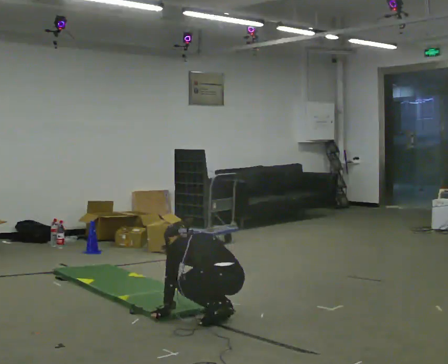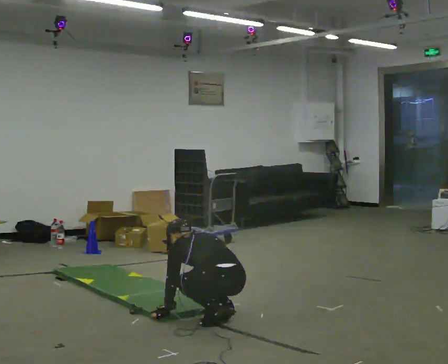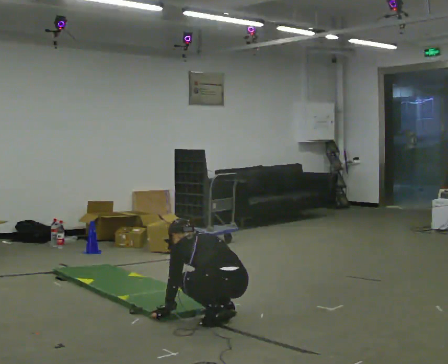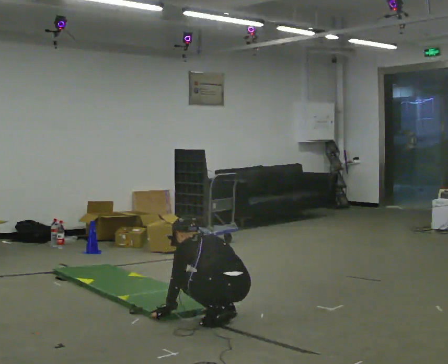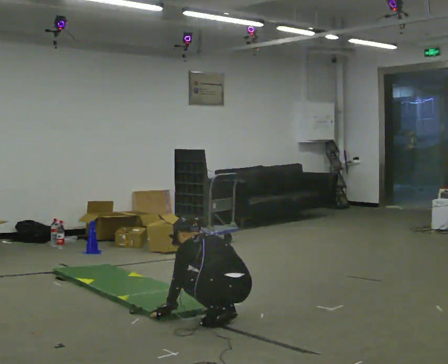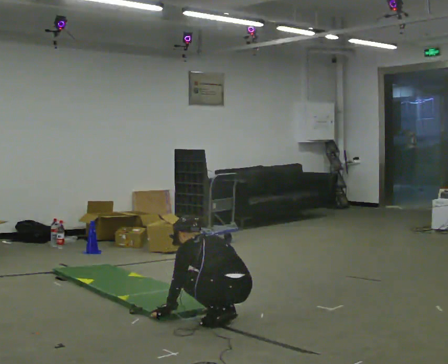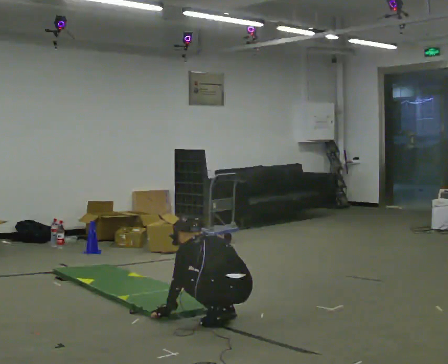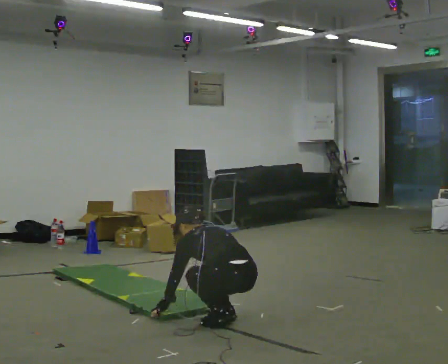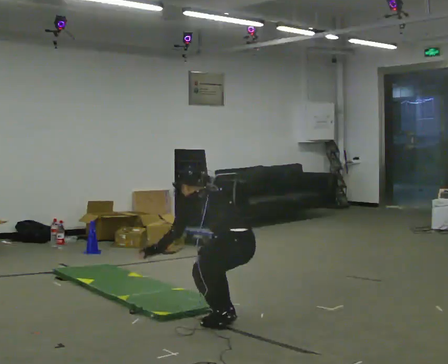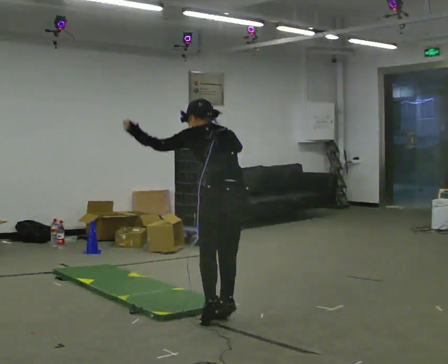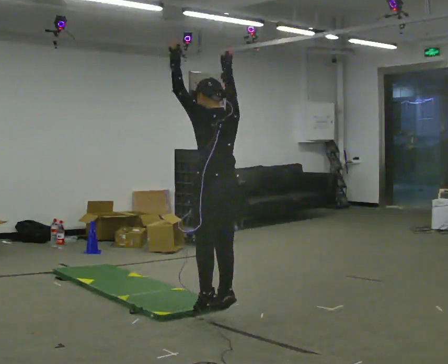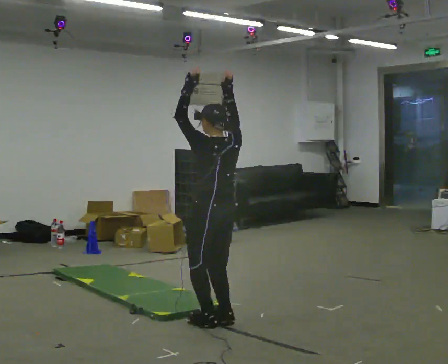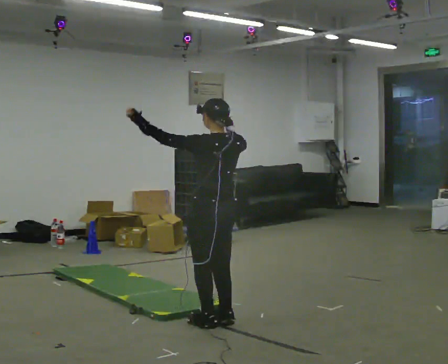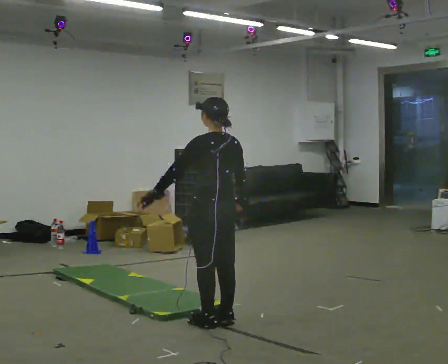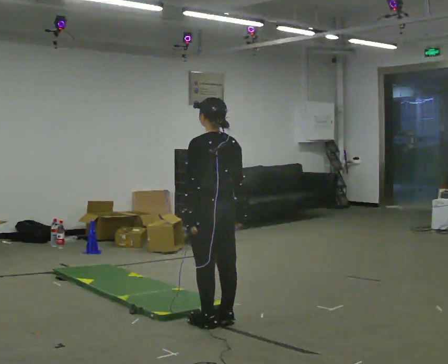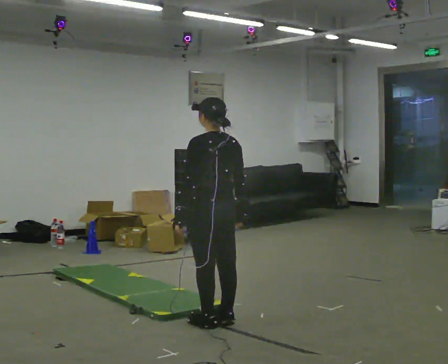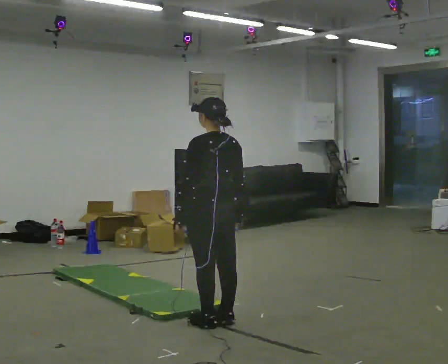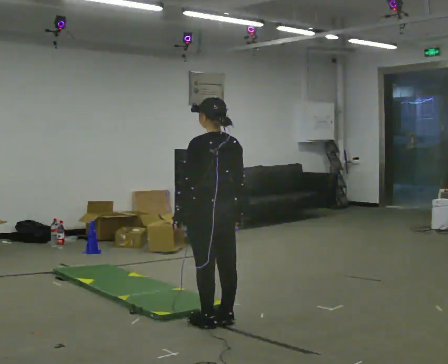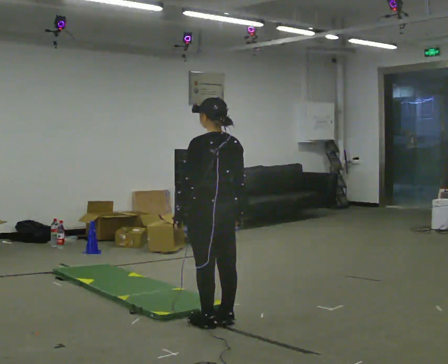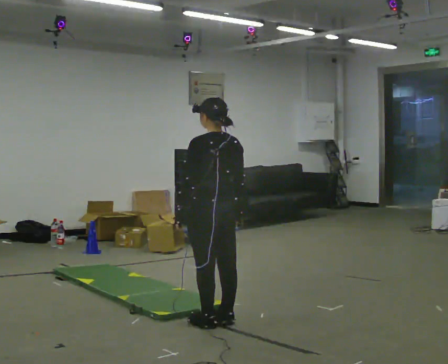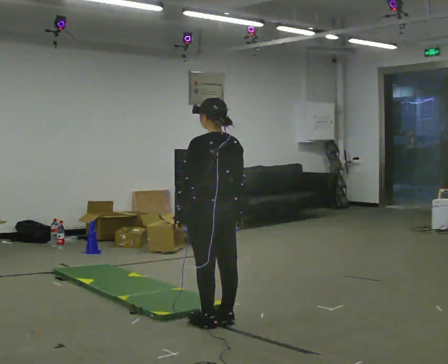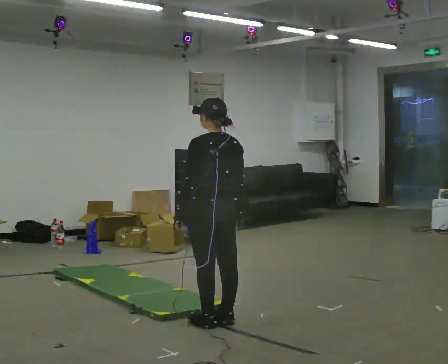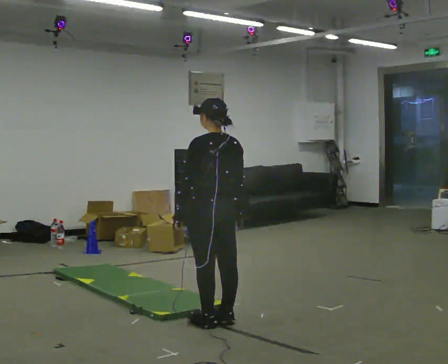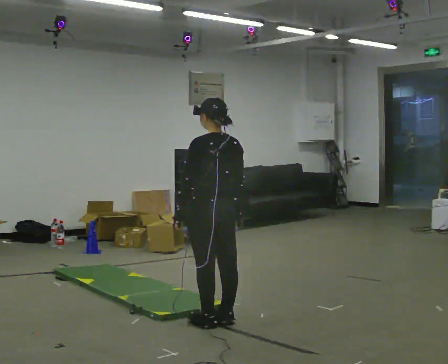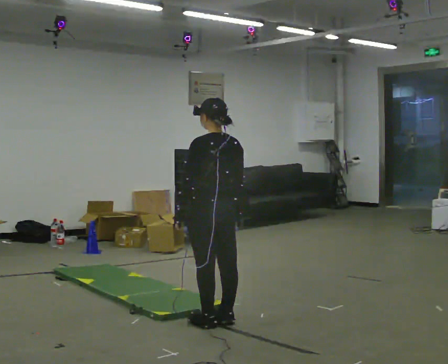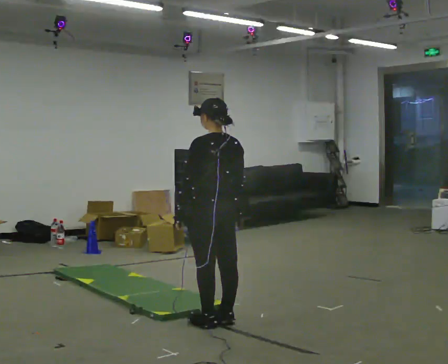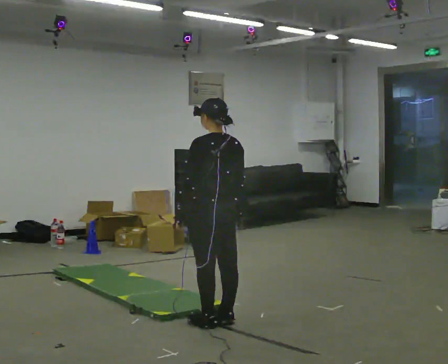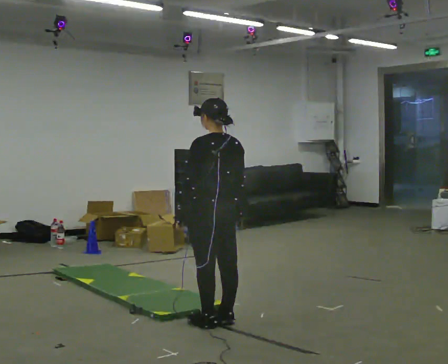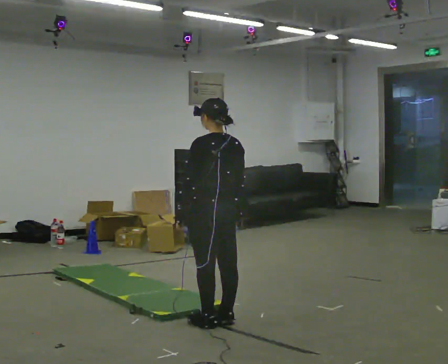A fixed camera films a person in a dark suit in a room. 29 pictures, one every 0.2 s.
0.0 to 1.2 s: The person moves a little, or ends about where they began.
1.2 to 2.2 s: In the picture they go to the left, about 0.25 m, which for them is forward. The upper body tips toward the camera, its near side rolling downward, as they lean back or straighten. In the picture their right hand goes upward.
2.2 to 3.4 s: In the picture their right hand goes downward.
3.4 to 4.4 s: The person moves a little, or ends about where they began.
4.4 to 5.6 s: The person keeps their place and pose.
The film runs forward here.
